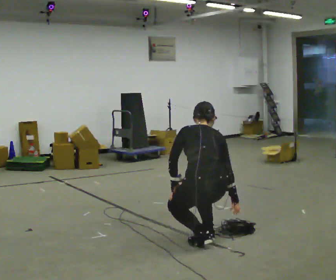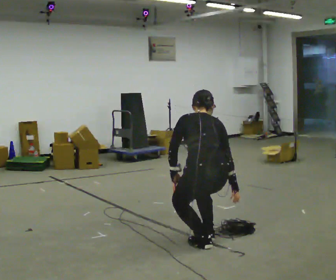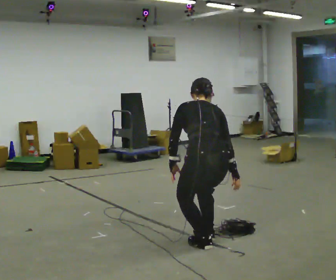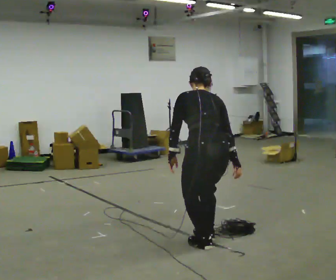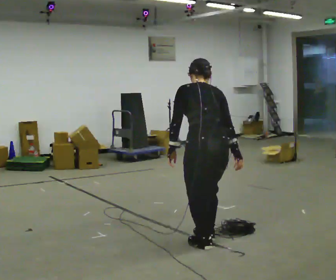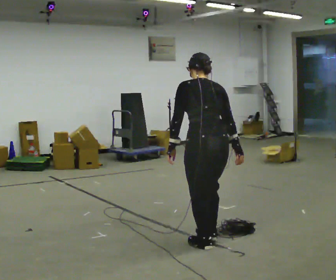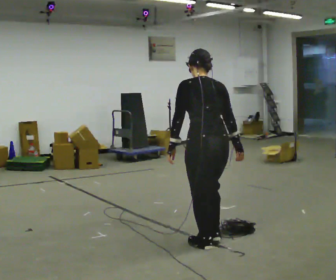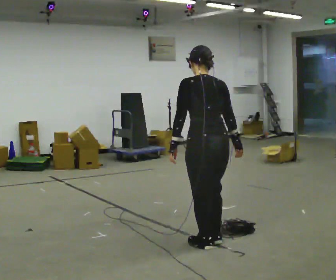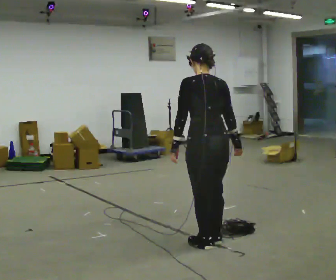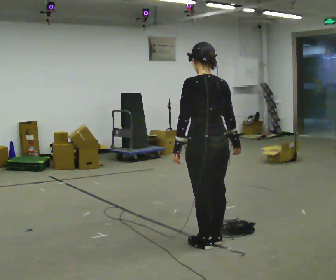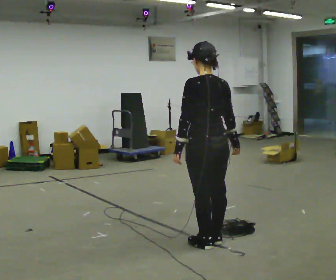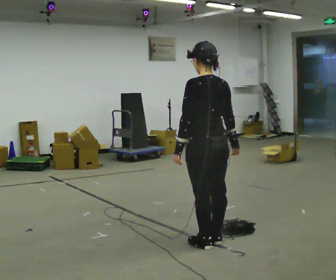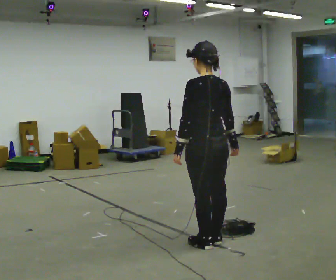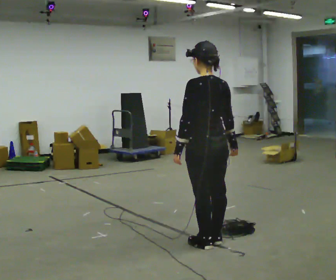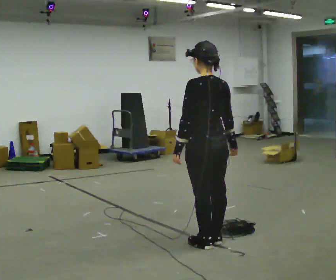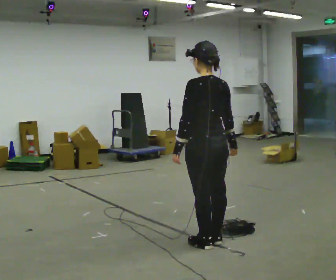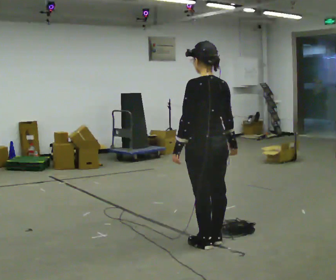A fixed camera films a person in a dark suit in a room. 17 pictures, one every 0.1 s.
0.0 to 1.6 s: The upper body goes upward. The upper body tips toward the camera, its near side rolling downward, as they lean back or straighten. In the picture their right hand goes upward.
The film runs backward here.
